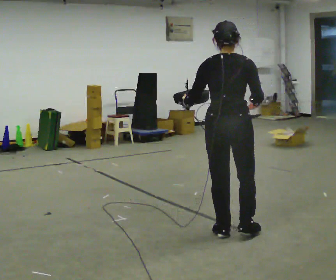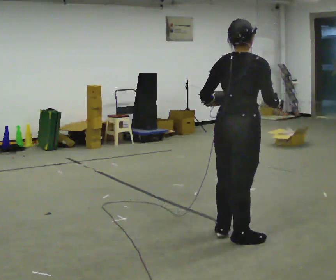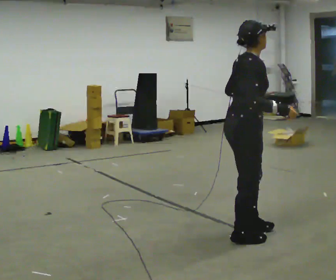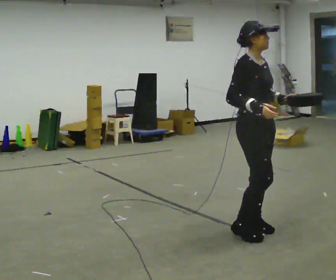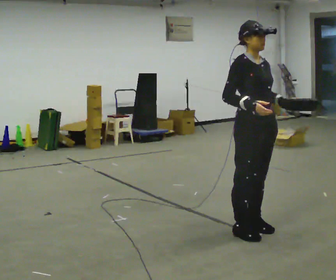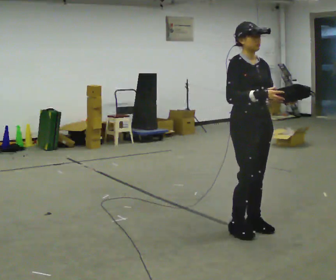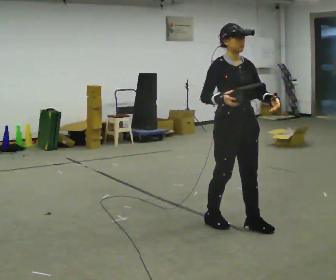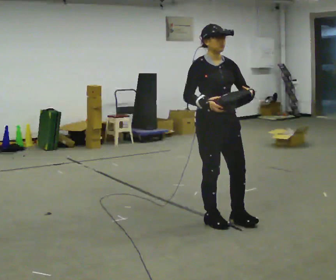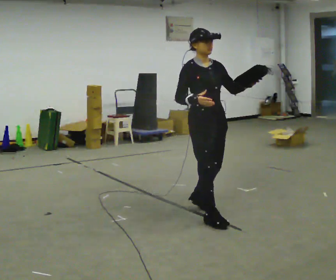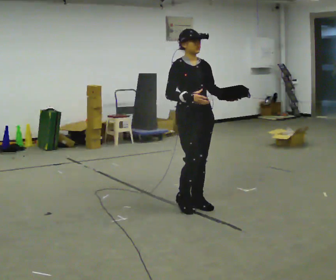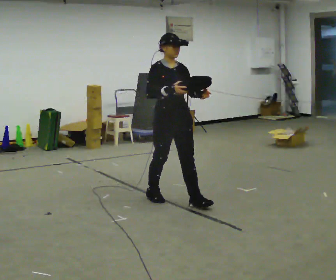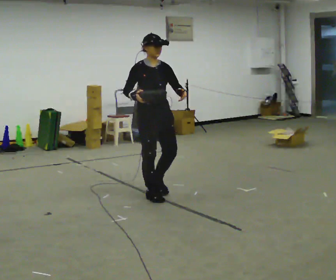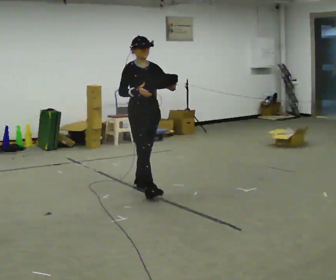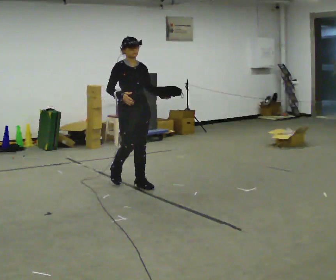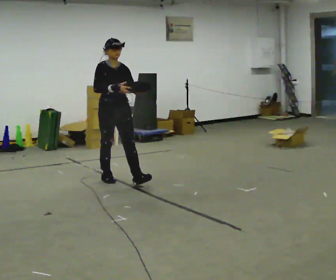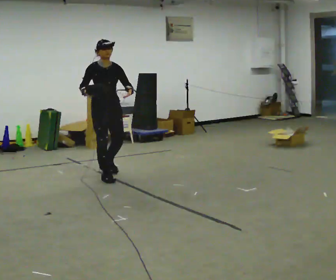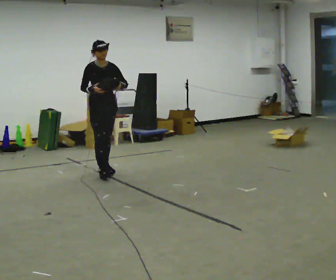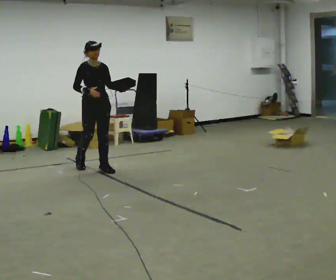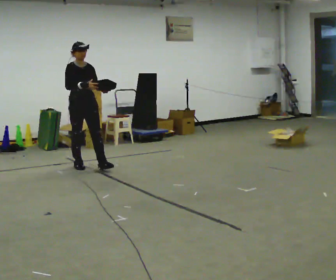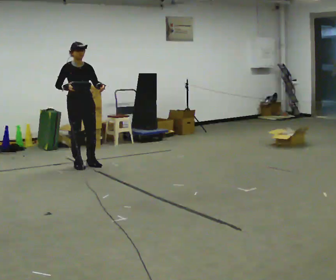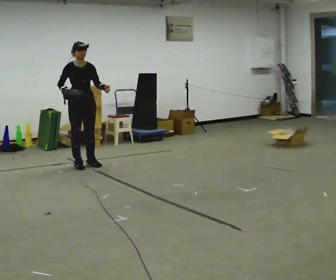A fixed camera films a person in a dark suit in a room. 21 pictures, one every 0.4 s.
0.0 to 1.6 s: The person turns about 135 degrees to their right, clockwise seen from above, so the part of the body nearest the lens slides to the left. In the picture they go to the right, about 0.25 m in 2 steps. In the picture their left hand goes to the right.
1.6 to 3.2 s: In the picture they go away from the camera and to the left, about 0.5 m in 2 steps, which for them is backward.
3.2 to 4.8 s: In the picture they go away from the camera and to the left, about 1 m in 3 steps, which for them is backward.
4.8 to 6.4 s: In the picture they go away from the camera and to the left, about 1 m in 2 steps, which for them is backward.
6.4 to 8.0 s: In the picture they go to the left and away from the camera, about 0.5 m in 1 step, which for them is backward.
The film runs backward here.
